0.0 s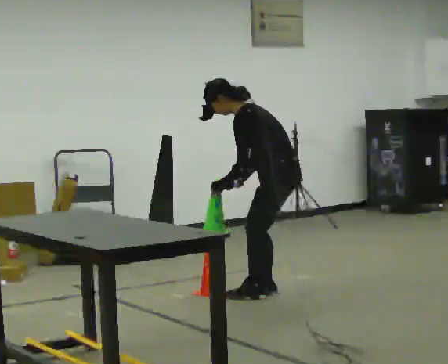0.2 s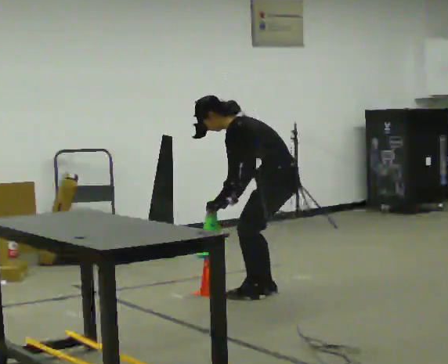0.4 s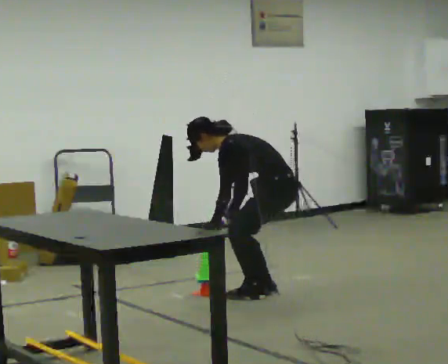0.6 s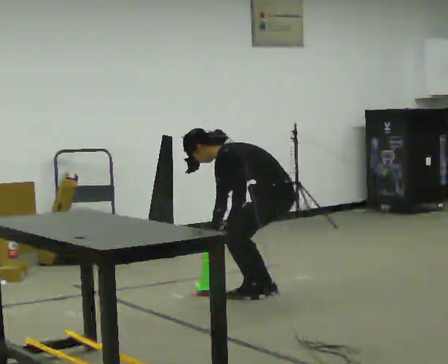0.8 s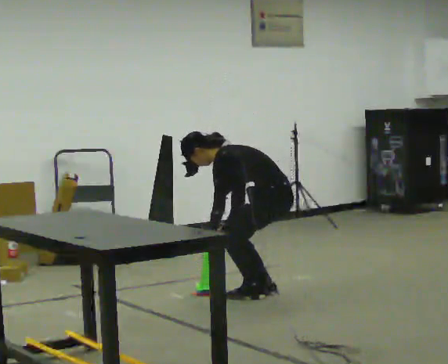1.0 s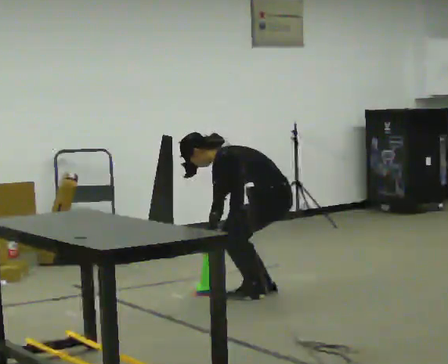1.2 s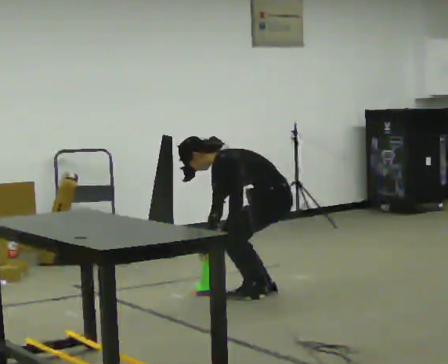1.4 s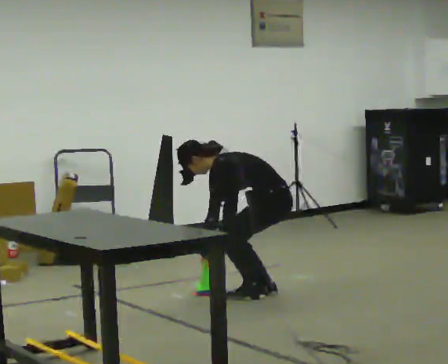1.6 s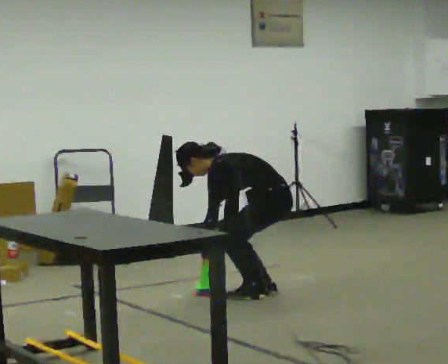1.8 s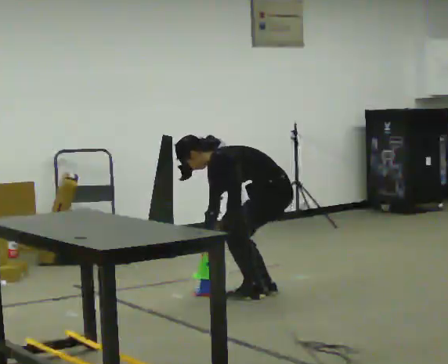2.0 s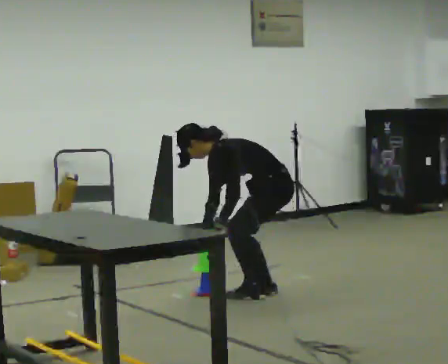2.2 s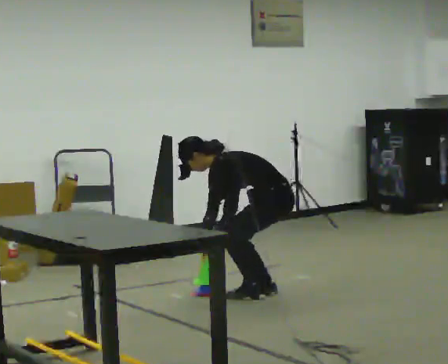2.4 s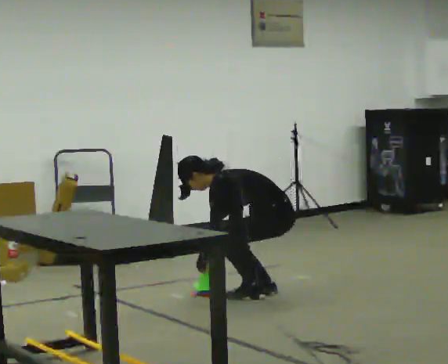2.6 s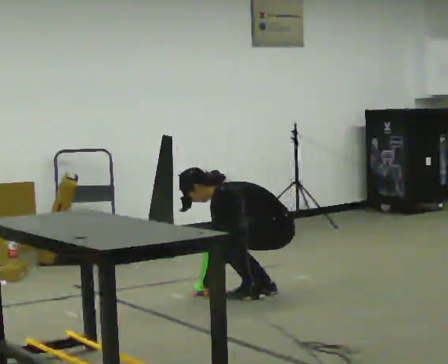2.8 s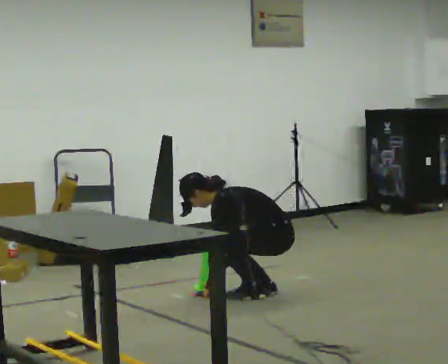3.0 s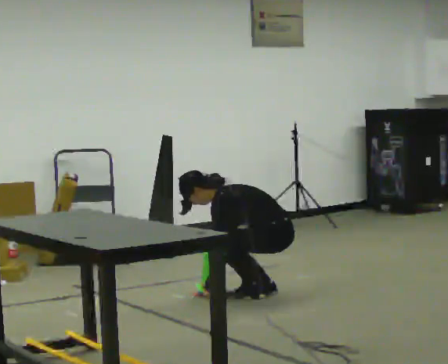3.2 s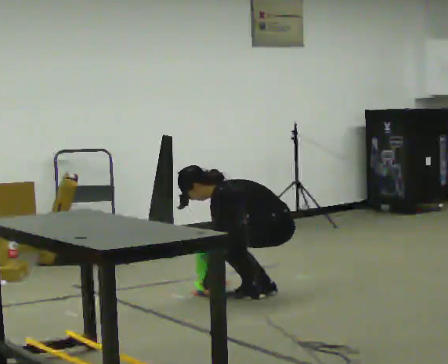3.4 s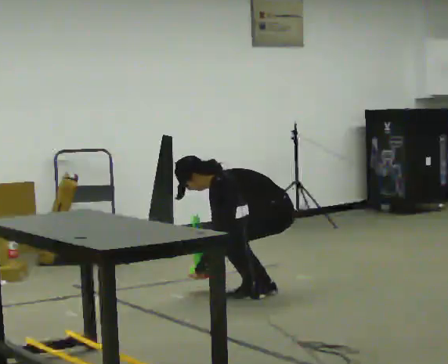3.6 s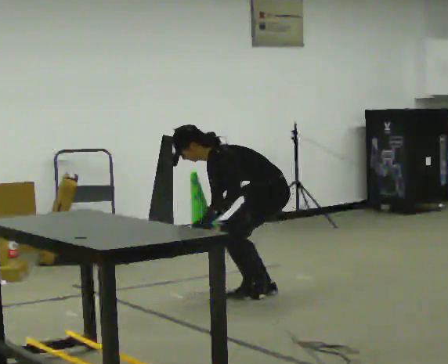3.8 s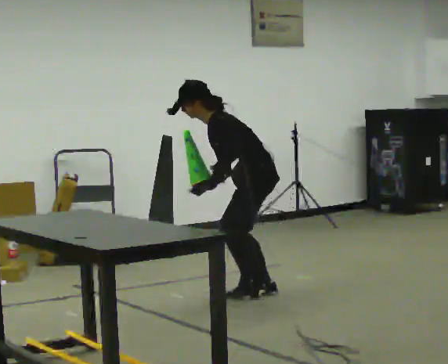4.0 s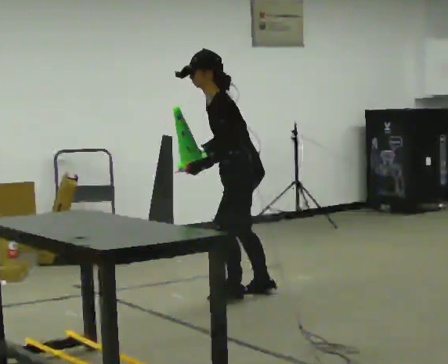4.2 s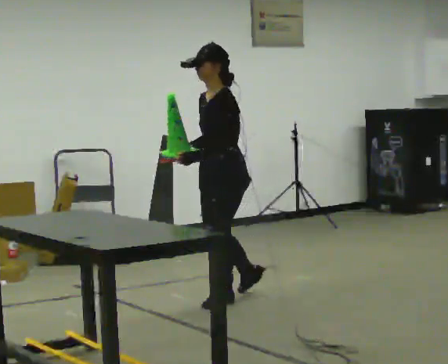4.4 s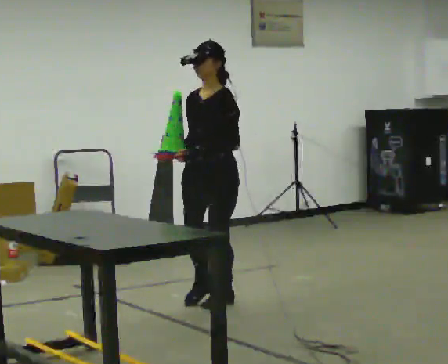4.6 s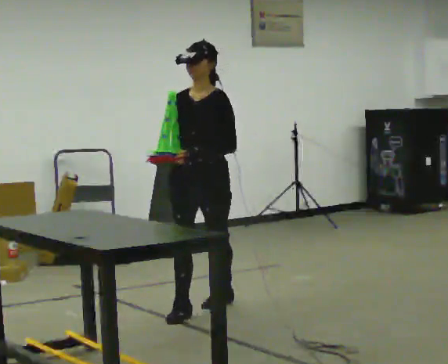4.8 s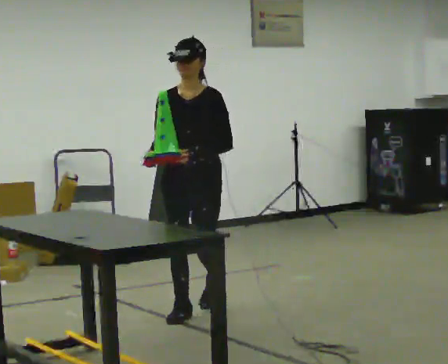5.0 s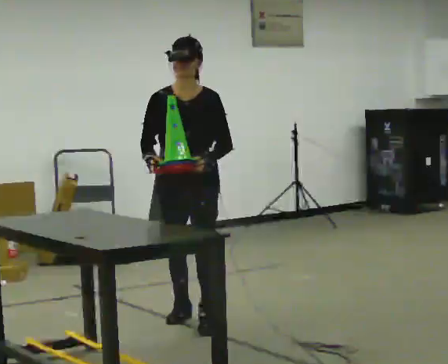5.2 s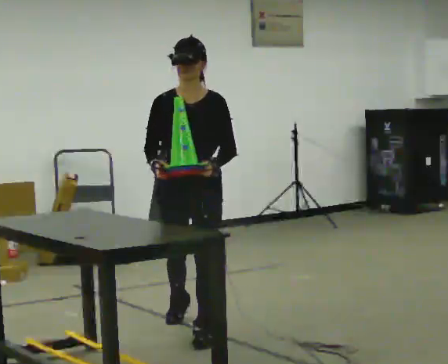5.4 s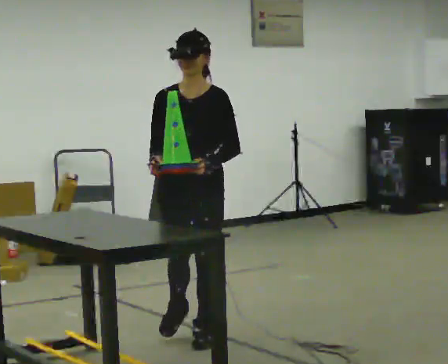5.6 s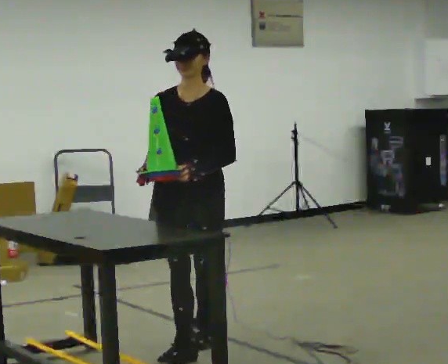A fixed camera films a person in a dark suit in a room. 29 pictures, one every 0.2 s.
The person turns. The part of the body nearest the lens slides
to the right.
The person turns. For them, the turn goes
to their left.
0.0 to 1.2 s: The upper body goes downward. In the picture the upper body tilts counterclockwise, shoulders to the left, as they bend forward. In the picture their right hand goes downward.
1.2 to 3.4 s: The person moves a little, or ends about where they began.
3.4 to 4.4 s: The person turns about 60 degrees to their left, counterclockwise seen from above, so the part of the body nearest the lens slides to the right. In the picture they go to the left and toward the camera, about 0.5 m in 1 step, which for them is forward and to their left. The shoulders move upward. In the picture the upper body tilts clockwise, shoulders to the right, as they lean back or straighten. In the picture their right hand goes upward.
4.4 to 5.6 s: The person turns about 30 degrees to their left, counterclockwise seen from above, so the part of the body nearest the lens slides to the right. In the picture they go toward the camera, about 1 m in 2 steps, which for them is forward.
The film runs forward here.
